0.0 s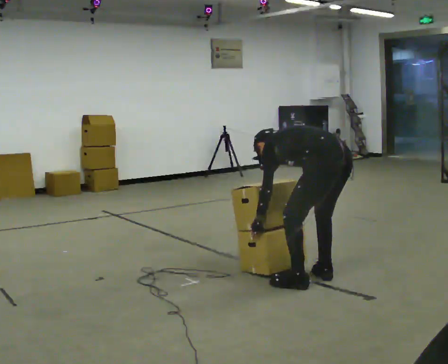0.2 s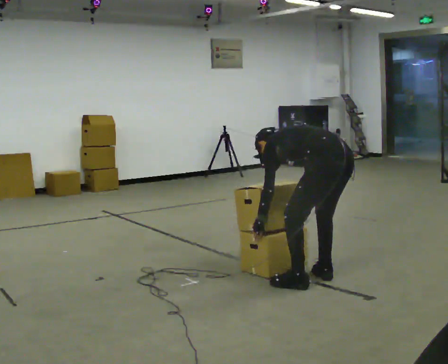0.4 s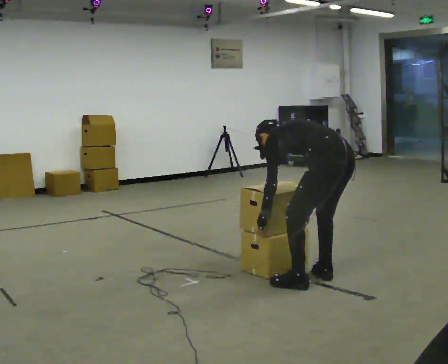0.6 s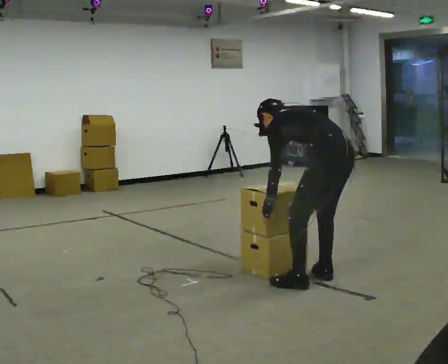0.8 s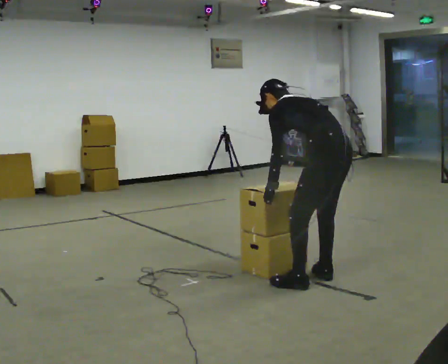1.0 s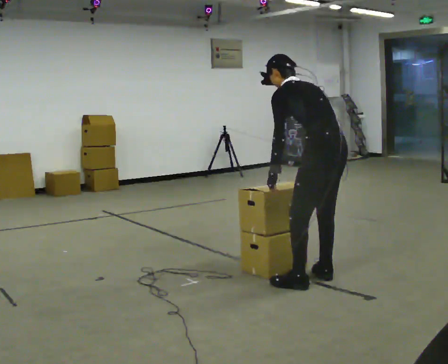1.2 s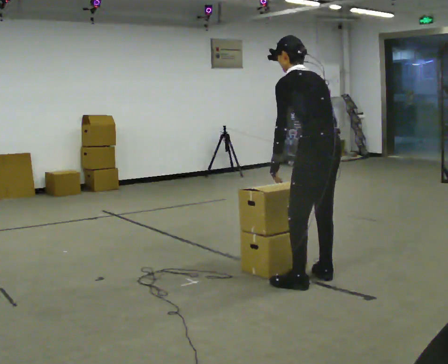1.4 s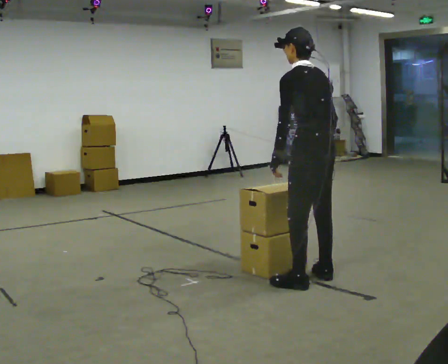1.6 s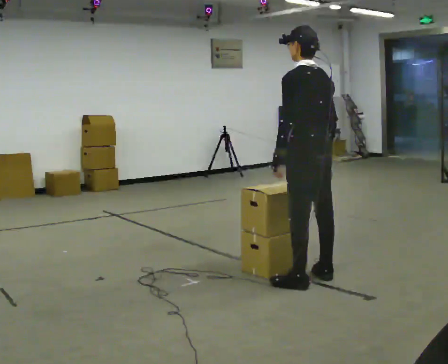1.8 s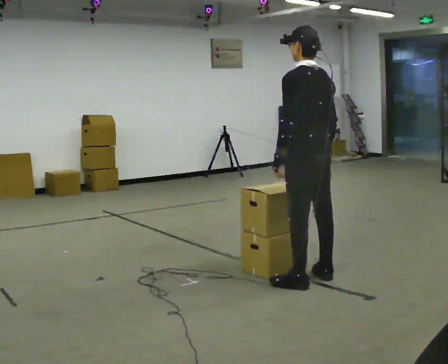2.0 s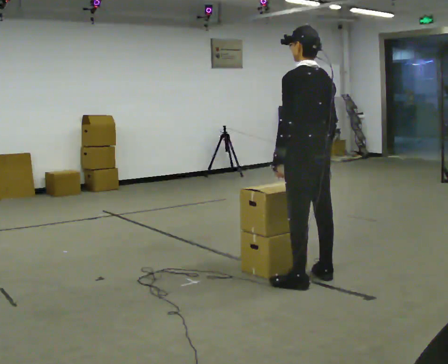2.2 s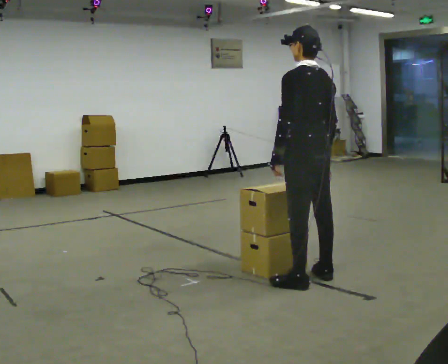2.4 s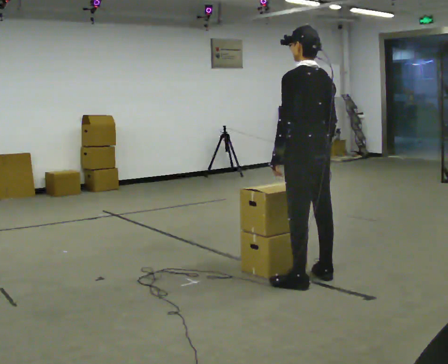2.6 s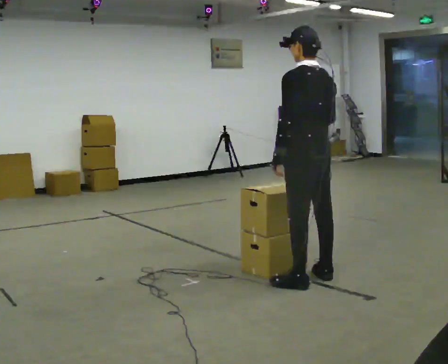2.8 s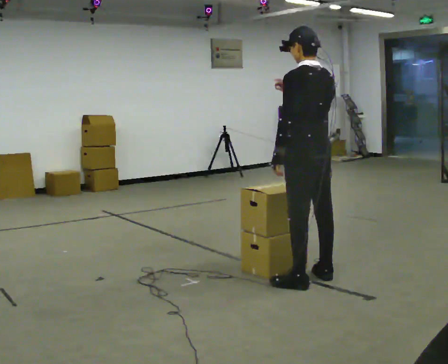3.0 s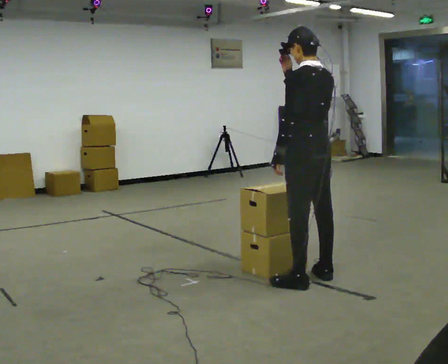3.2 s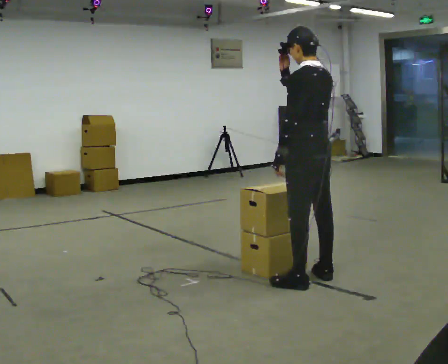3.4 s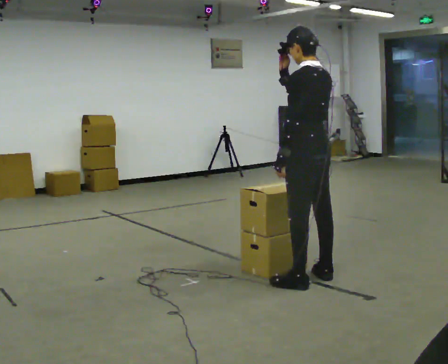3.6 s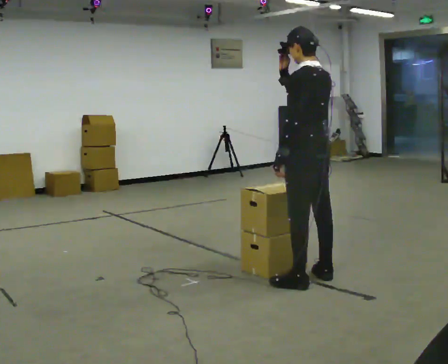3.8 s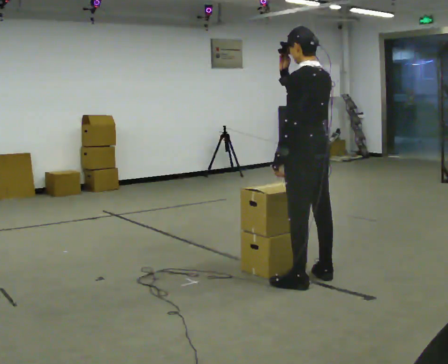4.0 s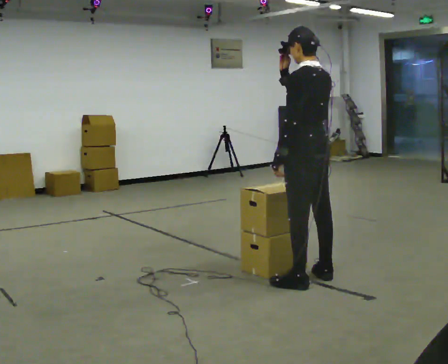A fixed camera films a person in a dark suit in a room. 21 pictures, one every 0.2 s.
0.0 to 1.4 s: The shoulders move upward. The upper body tips toward the camera, its near side rolling downward, as they lean back or straighten. In the picture their left hand goes upward.
1.4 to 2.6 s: The person moves a little, or ends about where they began.
2.6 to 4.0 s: In the picture their right hand goes upward.
The film runs forward here.
